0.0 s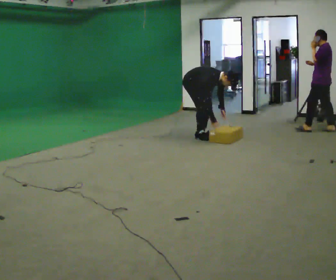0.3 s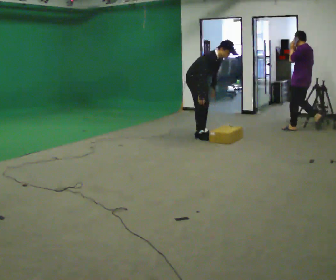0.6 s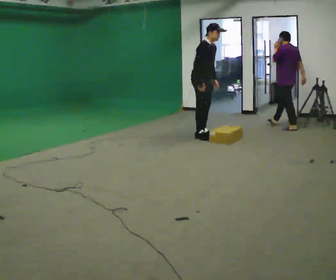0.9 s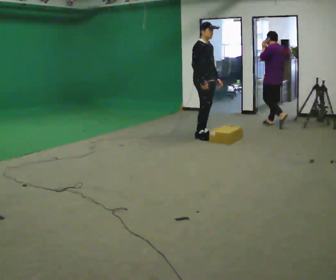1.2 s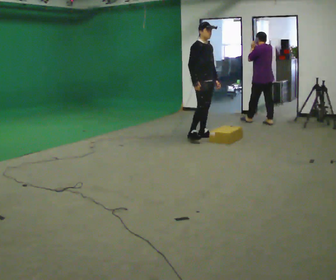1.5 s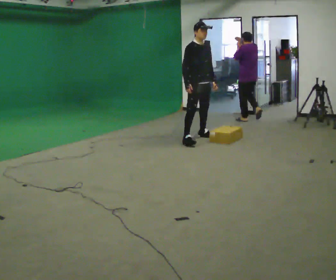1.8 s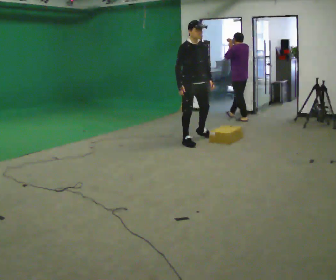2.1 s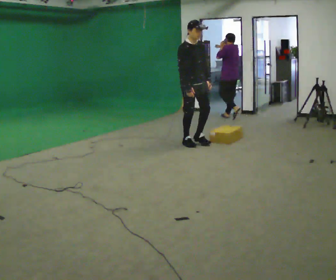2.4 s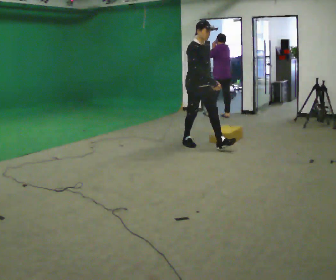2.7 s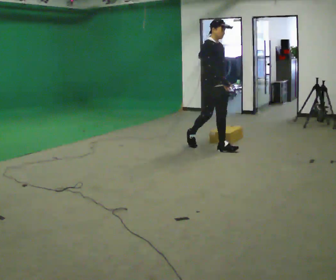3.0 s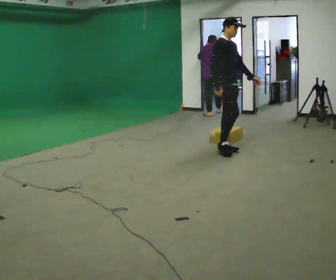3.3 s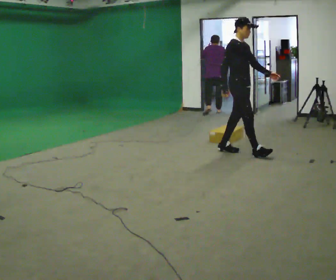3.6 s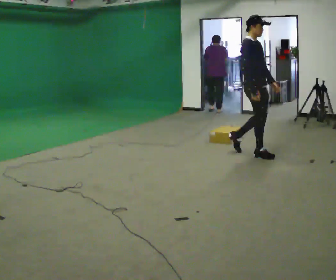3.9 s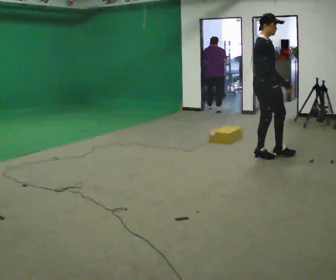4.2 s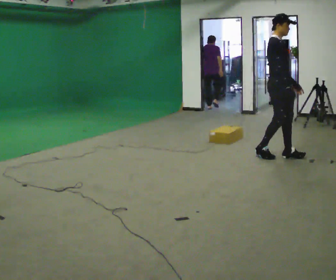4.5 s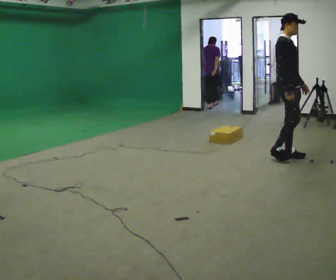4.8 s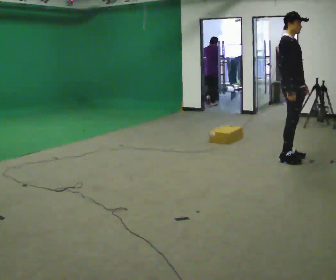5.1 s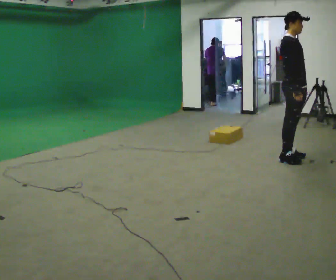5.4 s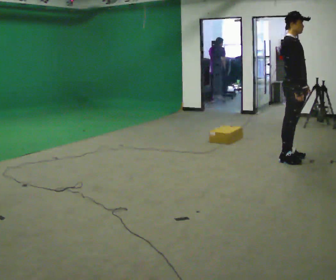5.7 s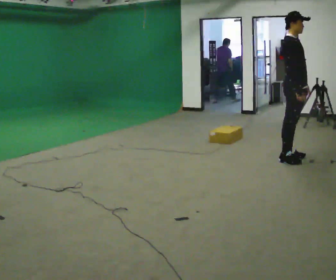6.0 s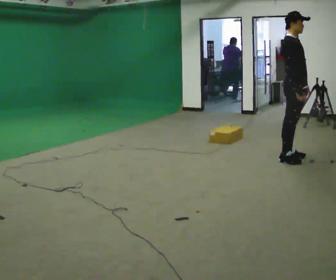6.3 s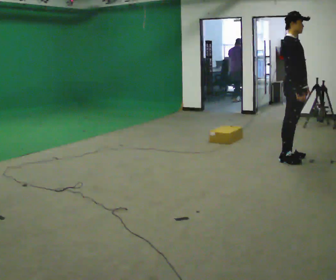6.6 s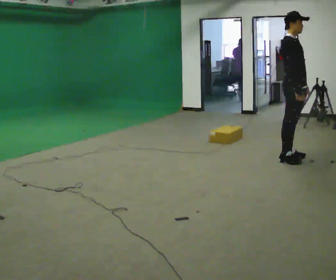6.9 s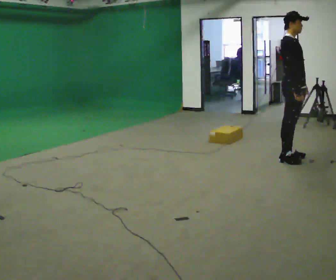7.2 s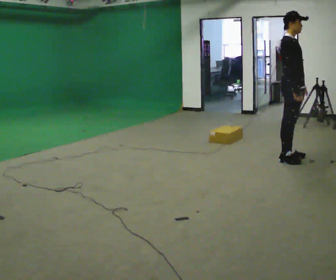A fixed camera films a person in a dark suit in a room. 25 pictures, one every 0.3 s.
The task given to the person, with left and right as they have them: Start still; walk straight at normal comfortable speed; stop at endpoint.
0.0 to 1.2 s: The shoulders move upward. In the picture the upper body tilts counterclockwise, shoulders to the left, as they lean back or straighten. In the picture their left hand goes upward.
1.2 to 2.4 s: In the picture they go toward the camera, about 0.5 m in 2 steps, which for them is forward and to their right.
2.4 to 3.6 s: In the picture they go to the right and toward the camera, about 1 m in 1 step, which for them is forward.
3.6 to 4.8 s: In the picture they go to the right, about 0.5 m in 2 steps, which for them is forward.
4.8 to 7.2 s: The person moves a little, or ends about where they began.
The film runs forward here.
